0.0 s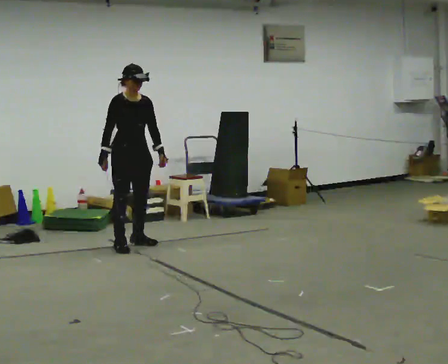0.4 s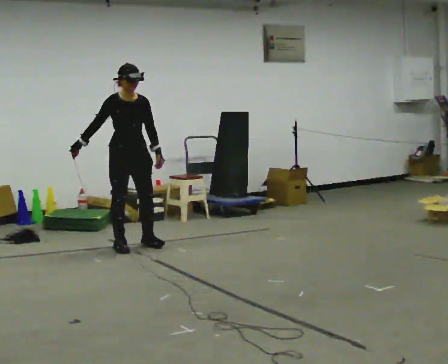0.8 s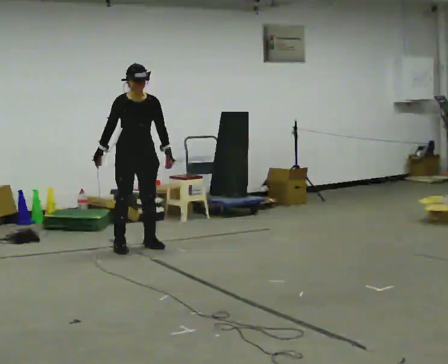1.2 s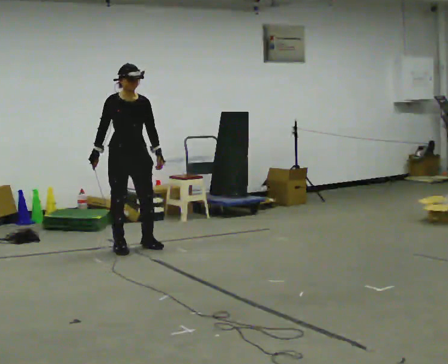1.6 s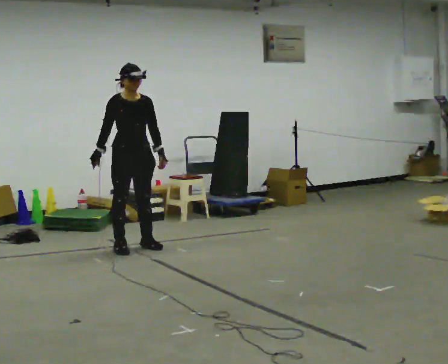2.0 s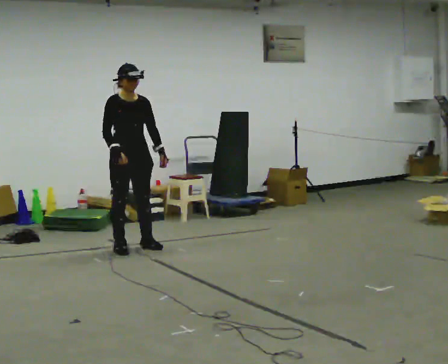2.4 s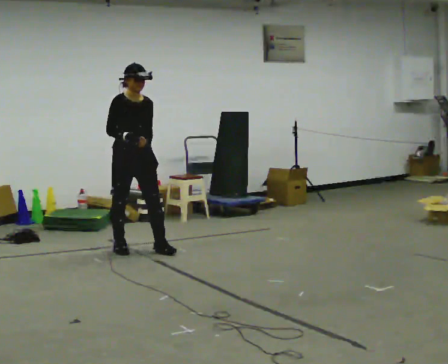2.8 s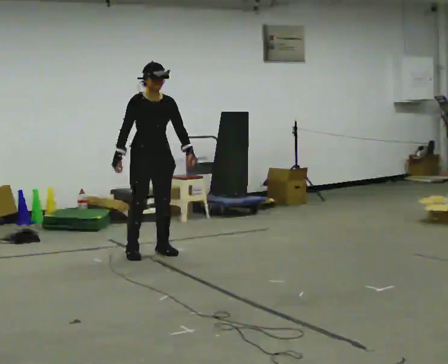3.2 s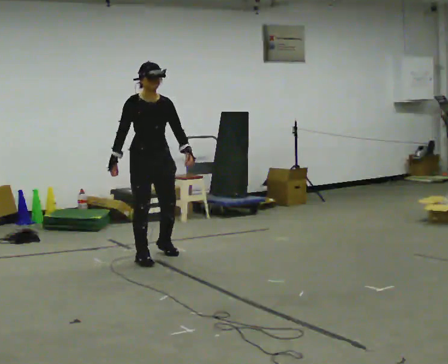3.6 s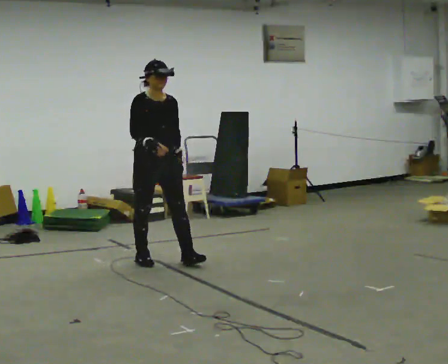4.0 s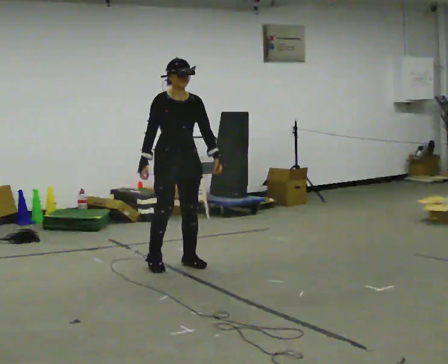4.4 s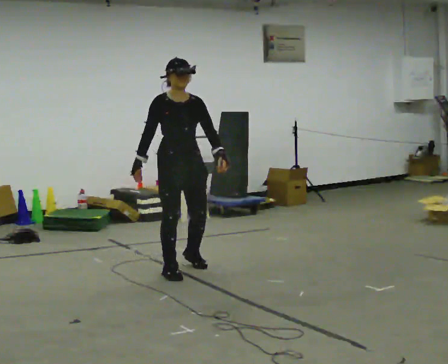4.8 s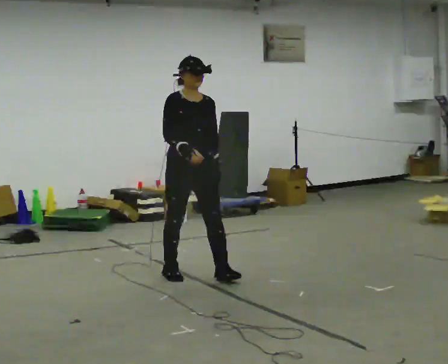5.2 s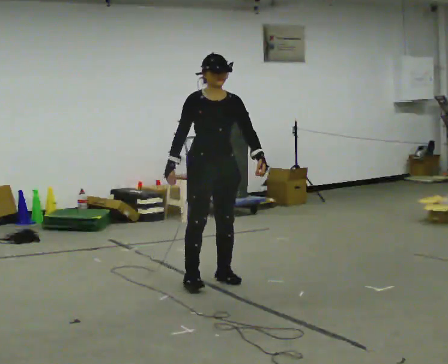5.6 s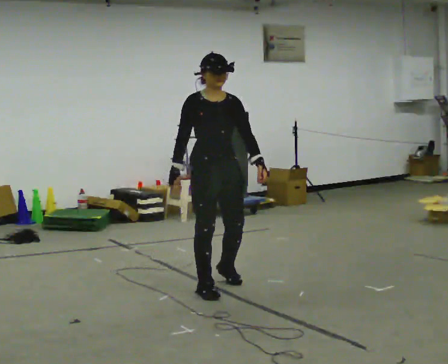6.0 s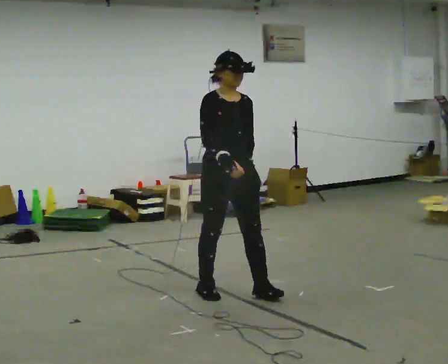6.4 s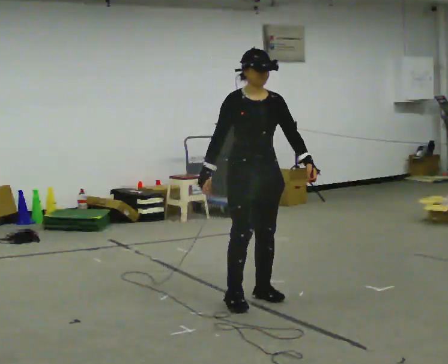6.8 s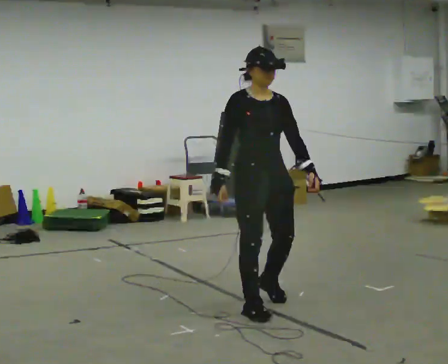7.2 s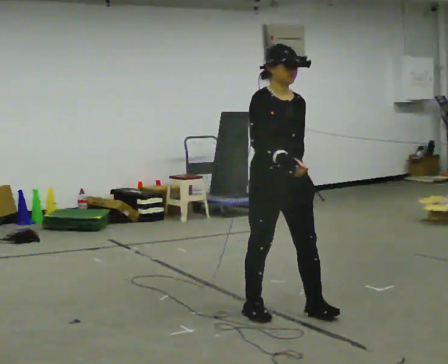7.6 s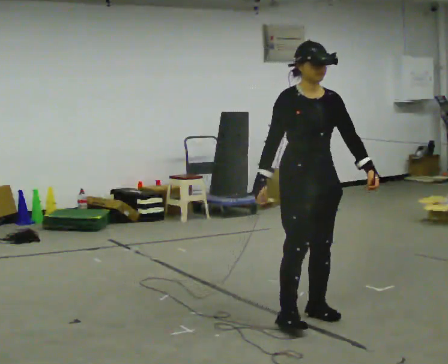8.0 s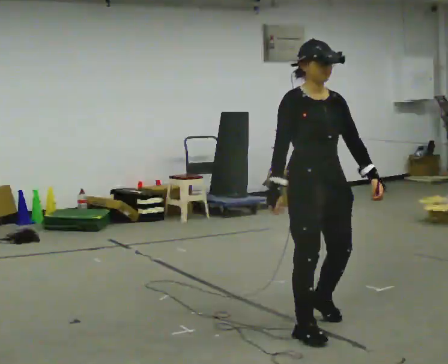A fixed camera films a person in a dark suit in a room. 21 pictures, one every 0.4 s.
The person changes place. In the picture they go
toward the camera.
0.0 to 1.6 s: The person moves a little, or ends about where they began.
1.6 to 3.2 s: In the picture they go toward the camera and to the right, about 0.5 m in 2 steps, which for them is forward.
3.2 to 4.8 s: In the picture they go toward the camera and to the right, about 0.5 m in 3 steps, which for them is forward.
4.8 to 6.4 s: In the picture they go toward the camera and to the right, about 0.5 m in 2 steps, which for them is forward.
6.4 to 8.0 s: In the picture they go toward the camera, about 0.5 m in 3 steps, which for them is forward.
The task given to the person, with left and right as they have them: Walk forward with your feet closer together than normal, or further apart than normal, as the operator states; stop.
The film runs forward here.
